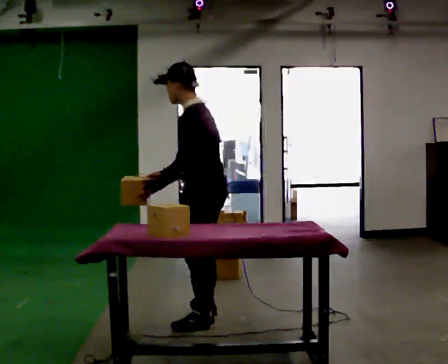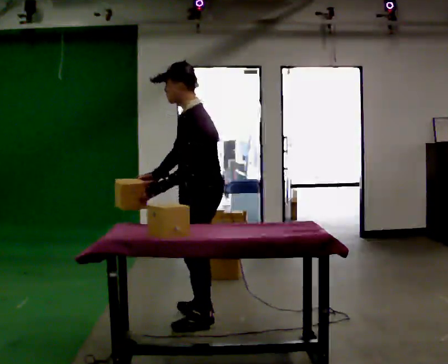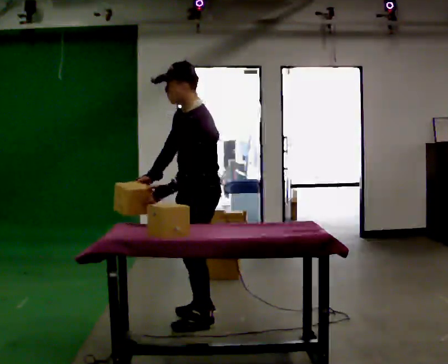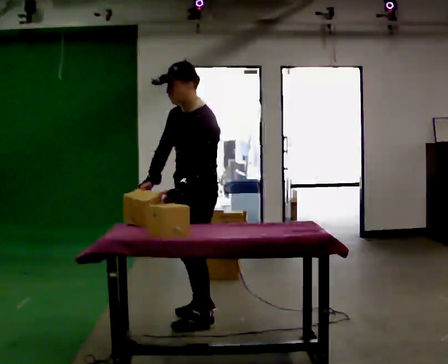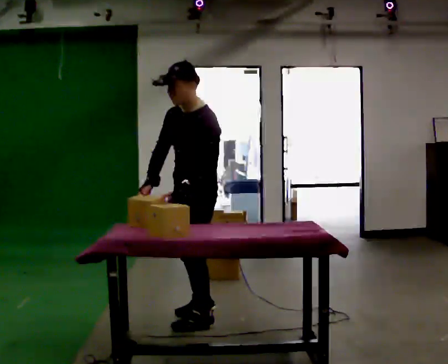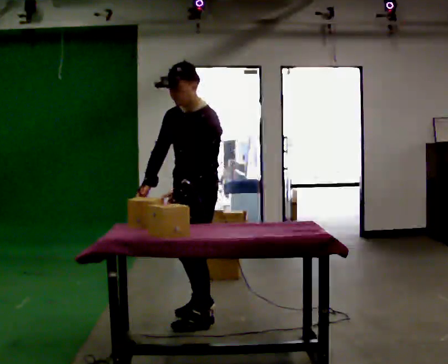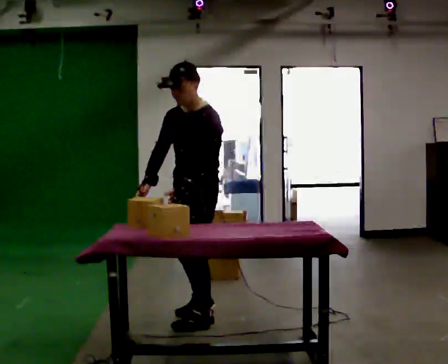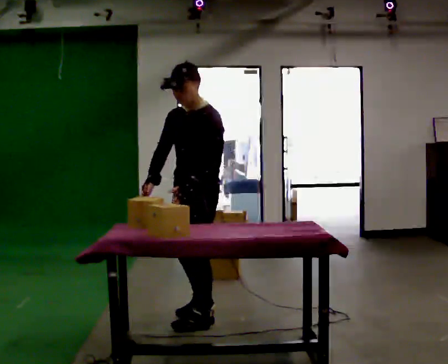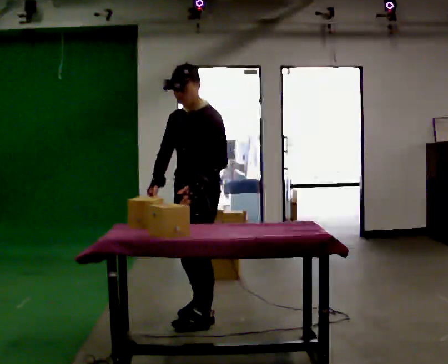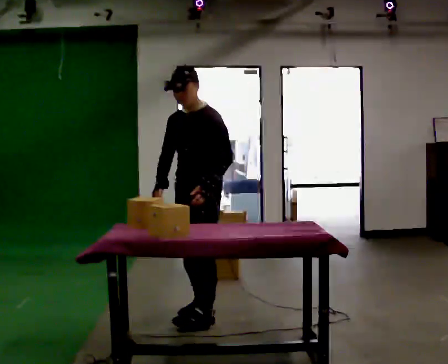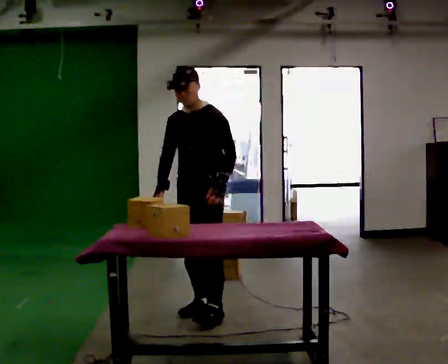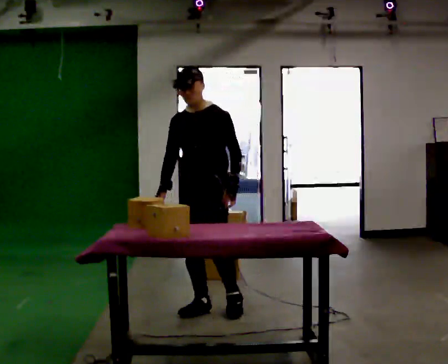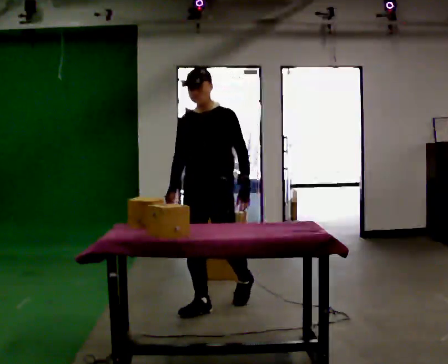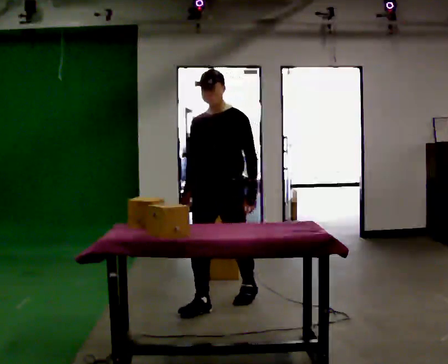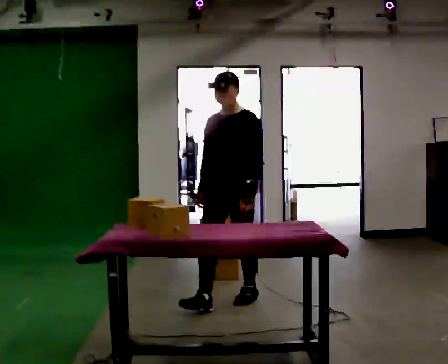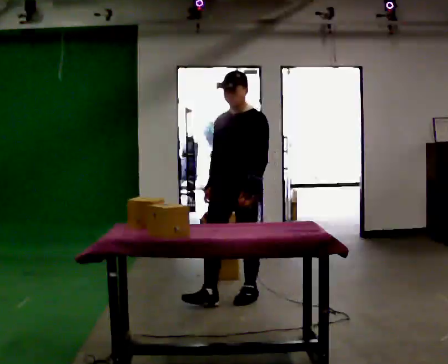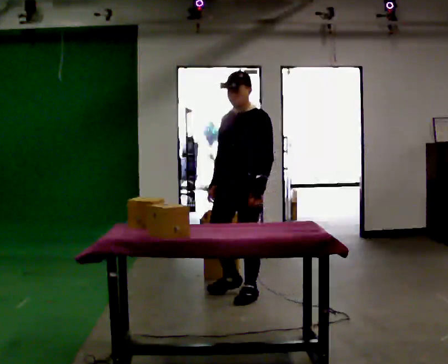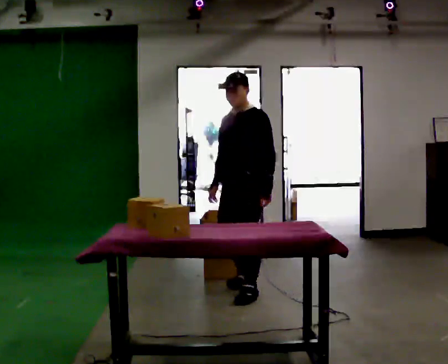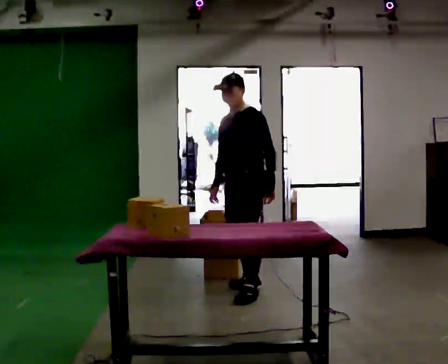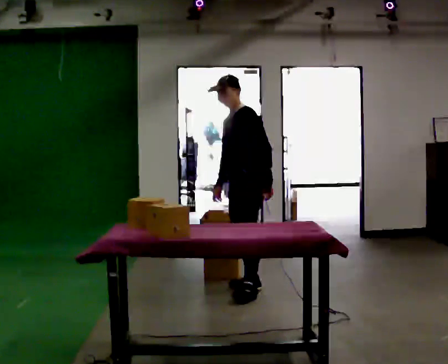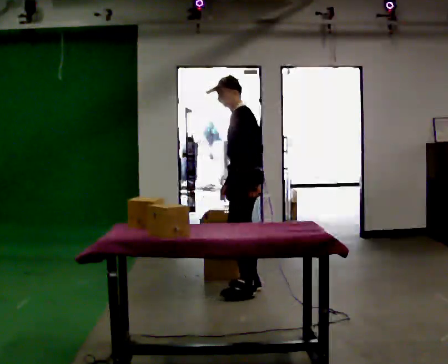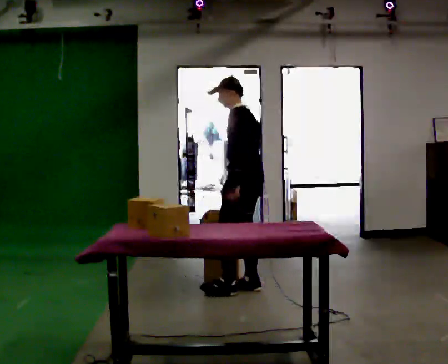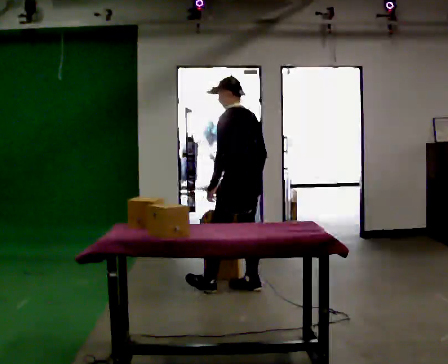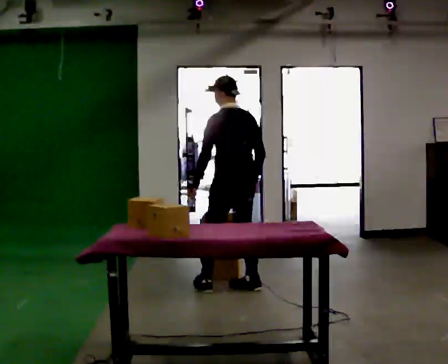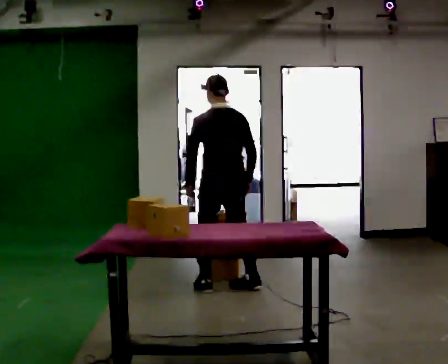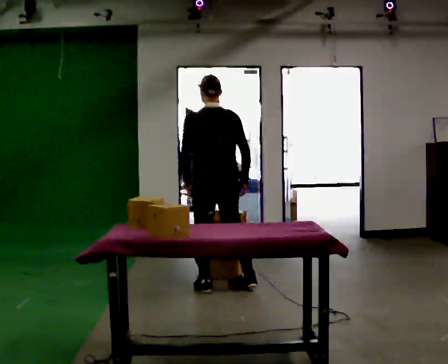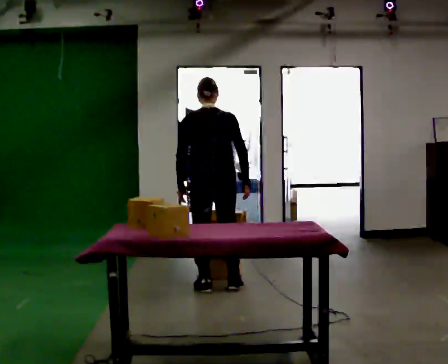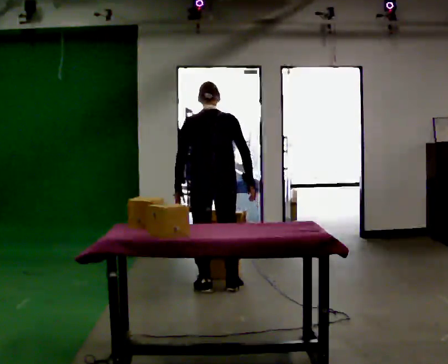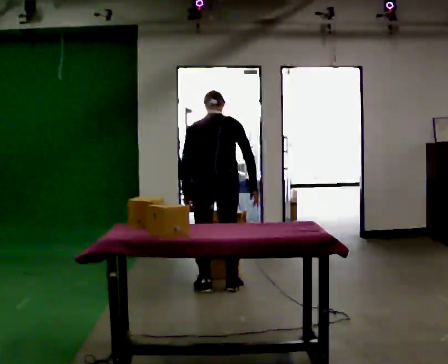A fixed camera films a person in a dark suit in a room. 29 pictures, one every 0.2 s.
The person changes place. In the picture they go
away from the camera.
0.0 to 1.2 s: The part of the body nearest the lens slides to the right as the person turns to their left by about 45 degrees.
1.2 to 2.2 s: The part of the body nearest the lens slides to the right as the person turns to their left by about 30 degrees. In the picture they go away from the camera, about 0.25 m in 1 step, which for them is to their right and backward.
2.2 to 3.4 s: In the picture they go away from the camera and to the right, about 0.5 m in 1 step, which for them is backward.
3.4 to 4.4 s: Seen from above the body turns clockwise, about 75 degrees: to their right, with its near side sliding to the left. In the picture they go away from the camera, about 0.25 m in 1 step. In the picture their right hand goes to the right.
4.4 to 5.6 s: Seen from above the body turns clockwise, about 60 degrees: to their right, with its near side sliding to the left. In the picture they go to the left, about 0.25 m in 1 step, which for them is to their left.
The film runs backward here.
